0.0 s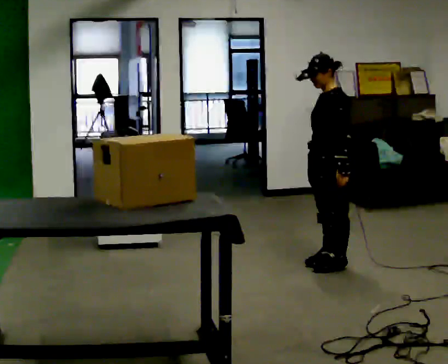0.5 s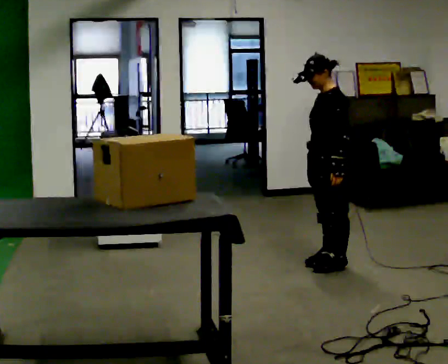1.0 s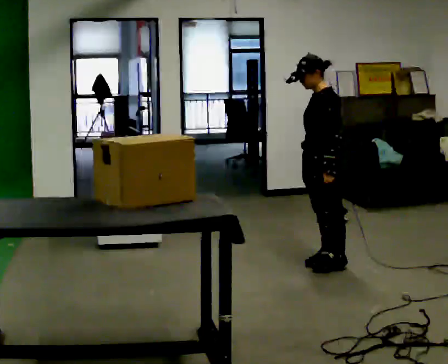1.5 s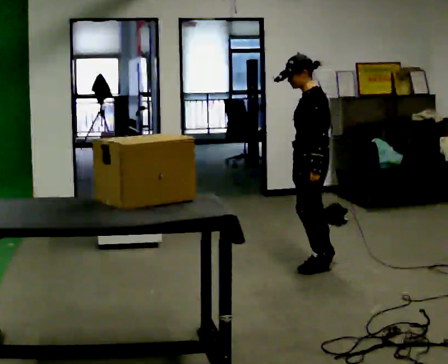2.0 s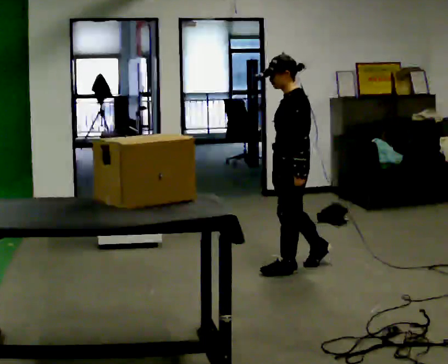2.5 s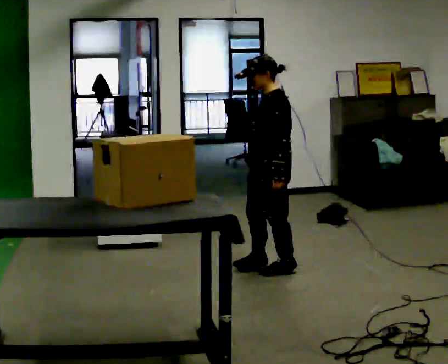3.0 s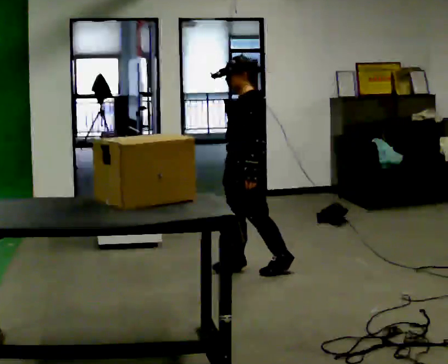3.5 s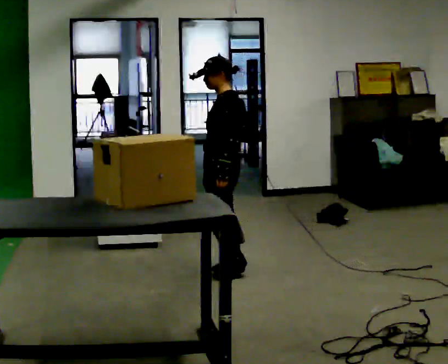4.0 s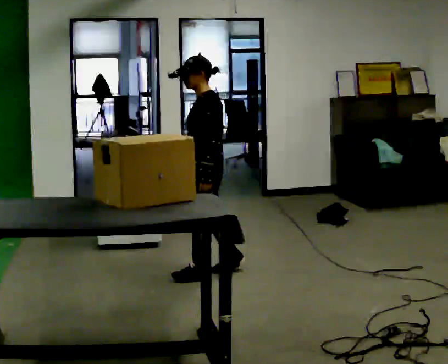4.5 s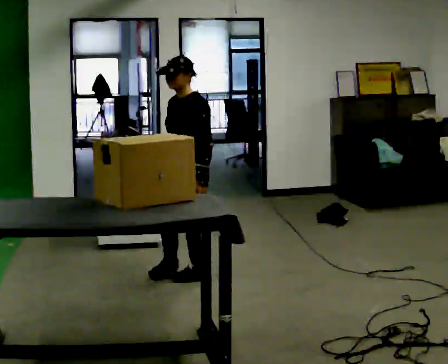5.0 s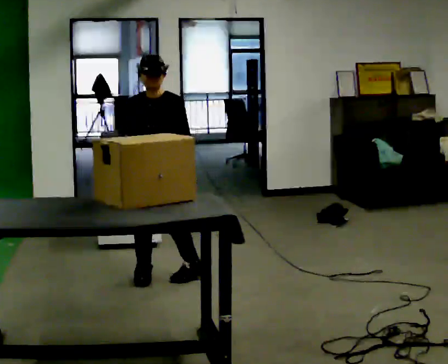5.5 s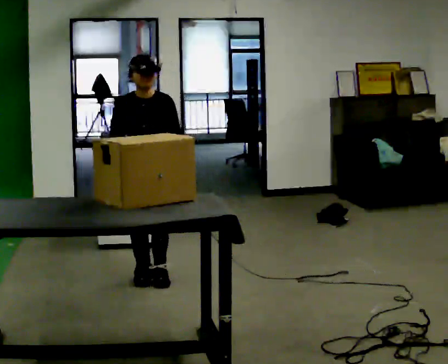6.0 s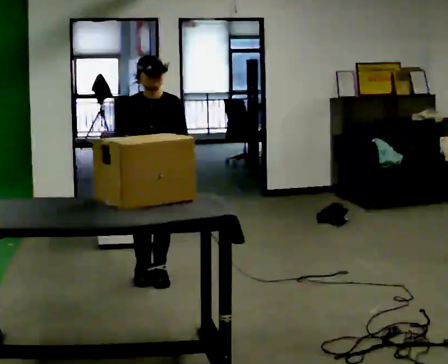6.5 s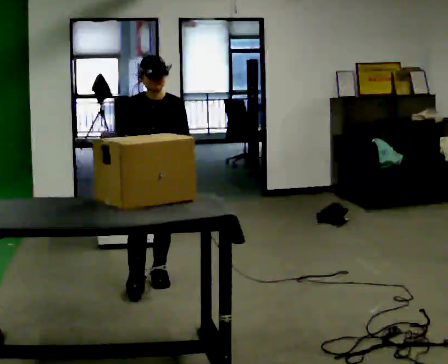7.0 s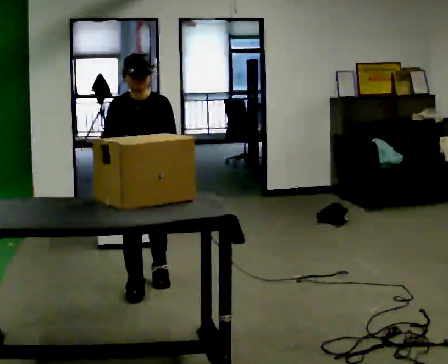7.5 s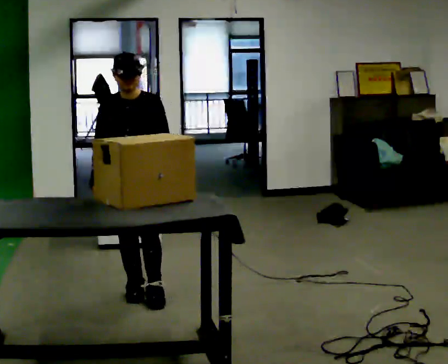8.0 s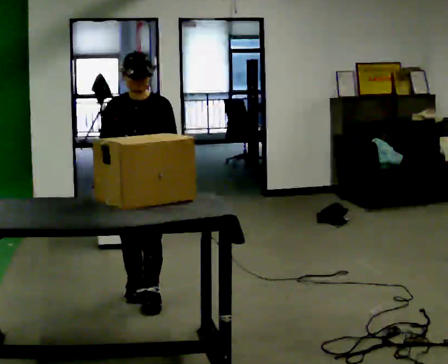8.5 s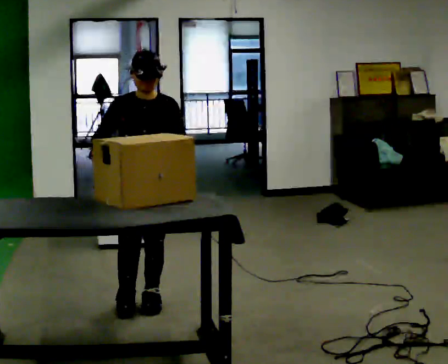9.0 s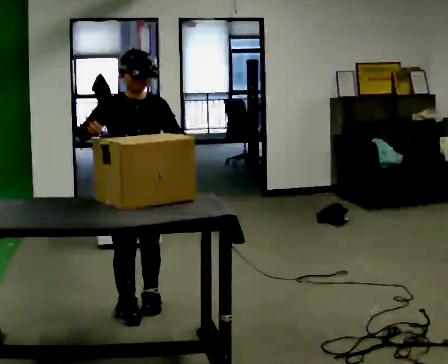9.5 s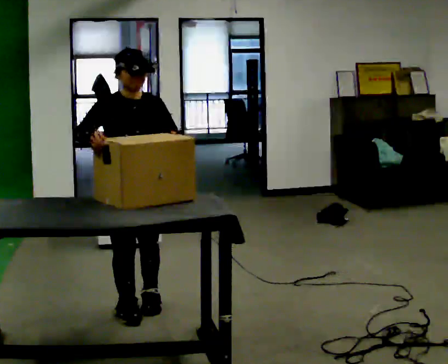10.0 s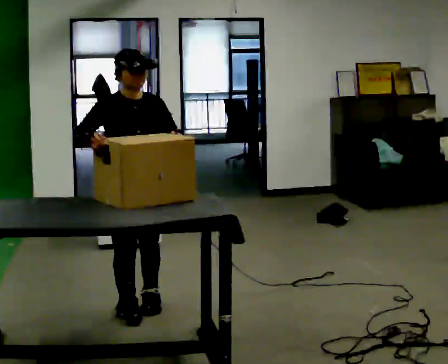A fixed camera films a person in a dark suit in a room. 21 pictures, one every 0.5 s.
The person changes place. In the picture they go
to the left.
The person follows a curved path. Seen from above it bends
counterclockwise.
0.0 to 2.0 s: In the picture they go to the left, about 0.25 m in 1 step, which for them is forward.
2.0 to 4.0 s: In the picture they go to the left, about 0.5 m in 2 steps, which for them is forward.
4.0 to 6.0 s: The person turns about 90 degrees to their left, counterclockwise seen from above, so the part of the body nearest the lens slides to the right. In the picture they go to the left, about 0.5 m in 2 steps.
6.0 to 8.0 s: In the picture they go toward the camera, about 0.5 m in 2 steps, which for them is forward.
8.0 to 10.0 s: In the picture they go toward the camera, about 0.25 m in 1 step, which for them is forward.
The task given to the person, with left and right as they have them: Move objects one at a time from the waist-height shelf on your left to the one on your right. Repeat at your own pace until the operator says stop. Keep both feet on the marked spots for the whole take. If you have to step, stop and tell the operator.
The film runs forward here.
